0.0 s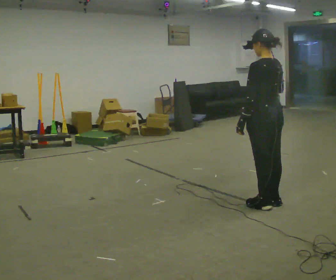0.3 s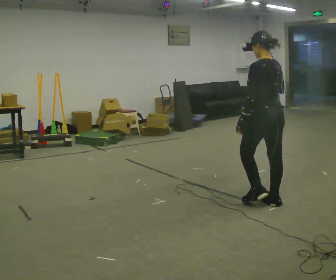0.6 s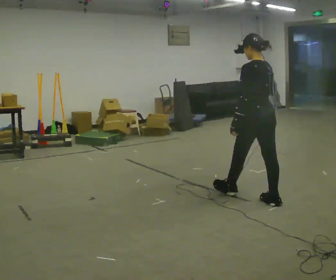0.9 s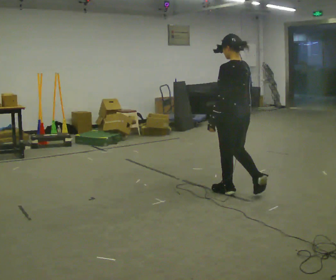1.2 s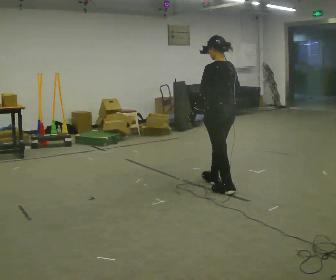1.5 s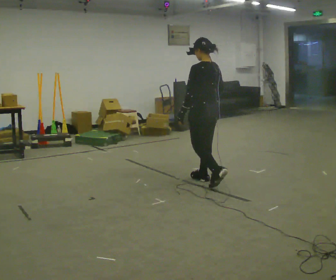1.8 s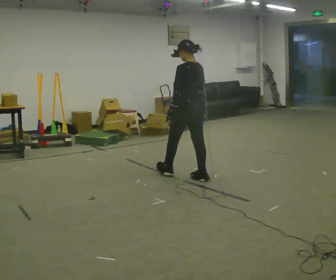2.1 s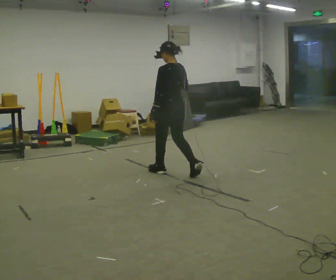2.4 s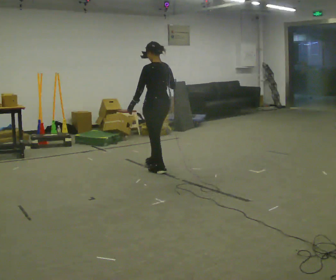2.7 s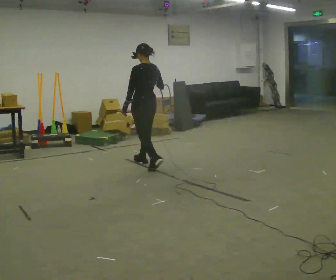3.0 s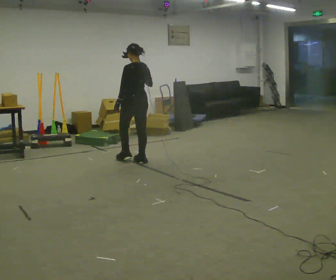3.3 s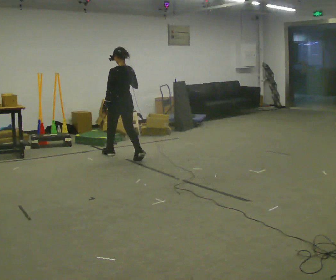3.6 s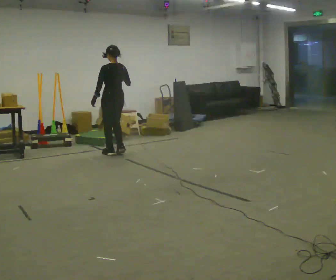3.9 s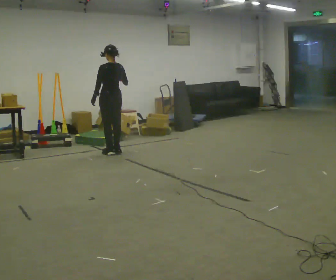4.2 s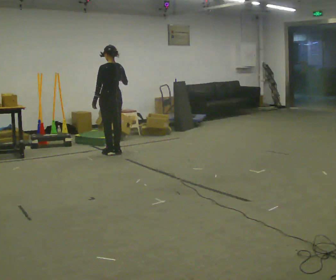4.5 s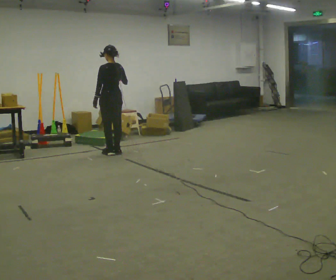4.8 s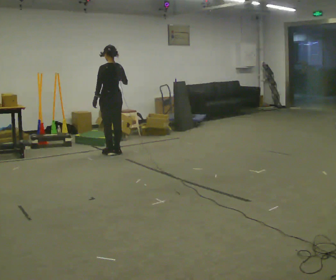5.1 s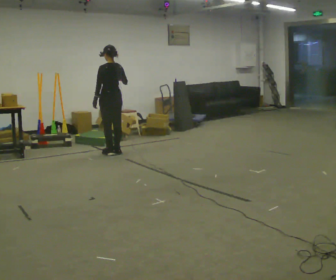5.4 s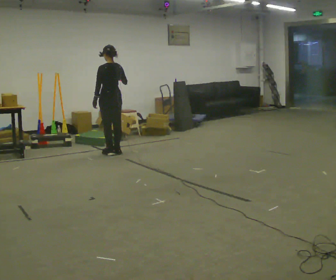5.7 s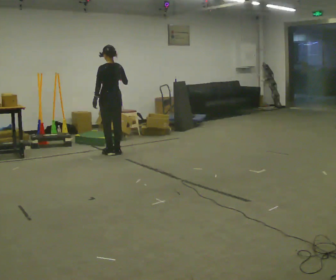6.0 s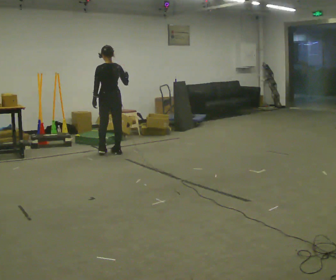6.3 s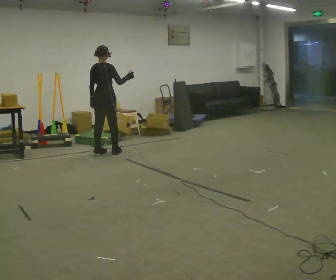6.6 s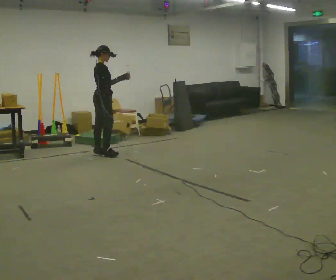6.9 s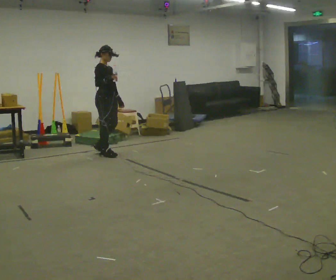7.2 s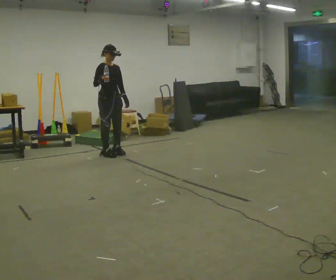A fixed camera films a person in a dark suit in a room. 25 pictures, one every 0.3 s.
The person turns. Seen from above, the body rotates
clockwise.
The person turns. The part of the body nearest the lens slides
to the left.
0.0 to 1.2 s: In the picture they go away from the camera and to the left, about 0.5 m in 1 step, which for them is forward.
1.2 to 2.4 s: In the picture they go away from the camera and to the left, about 1 m in 2 steps, which for them is forward.
2.4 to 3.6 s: In the picture they go away from the camera and to the left, about 1 m in 2 steps, which for them is forward.
3.6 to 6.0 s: The person moves a little, or ends about where they began.
6.0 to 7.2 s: The part of the body nearest the lens slides to the left as the person turns to their right by about 150 degrees. In the picture their right hand goes to the left.
The film runs forward here.
